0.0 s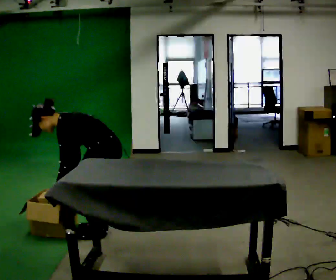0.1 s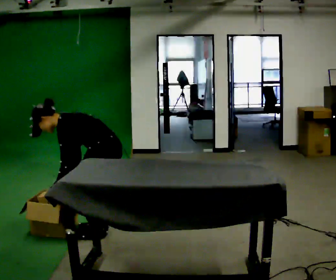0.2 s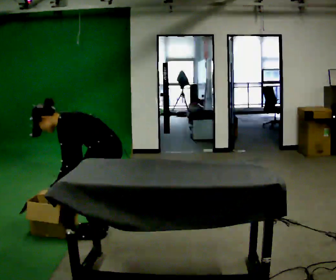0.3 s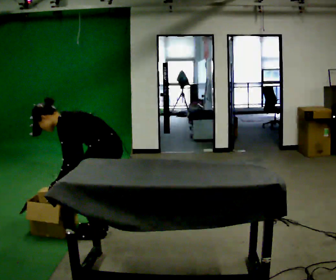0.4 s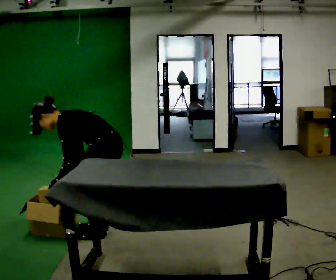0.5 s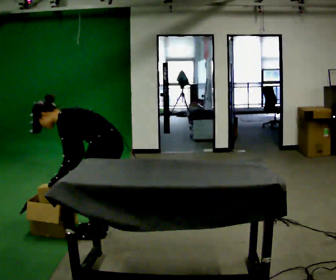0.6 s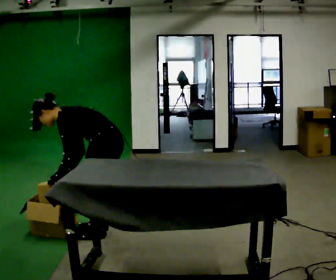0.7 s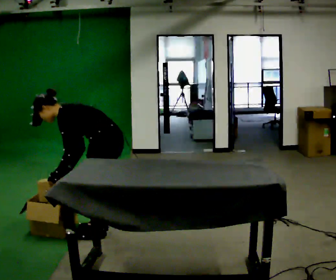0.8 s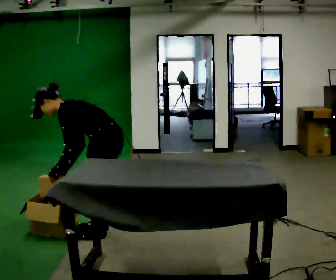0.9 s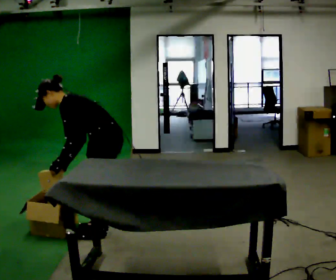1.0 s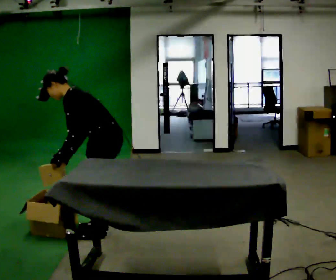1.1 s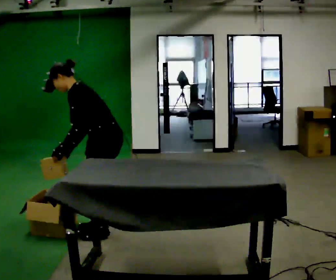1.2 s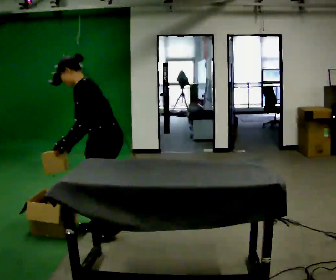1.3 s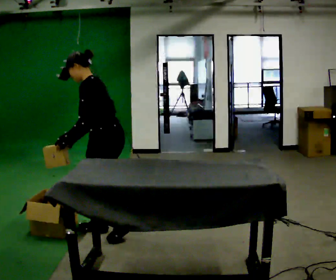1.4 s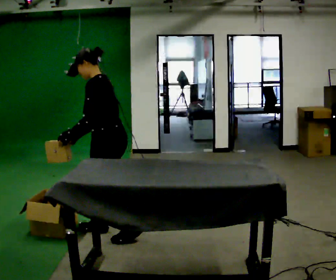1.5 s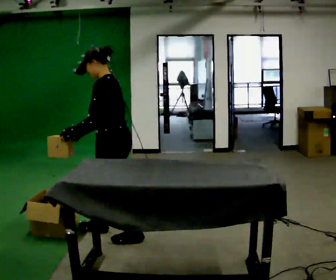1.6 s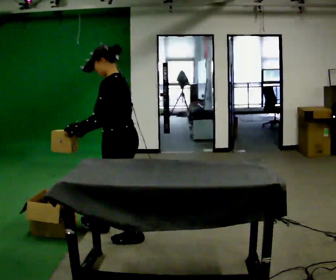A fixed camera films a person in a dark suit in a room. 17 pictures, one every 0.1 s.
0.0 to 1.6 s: The upper body goes upward. In the picture the upper body tilts clockwise, shoulders to the right, as they lean back or straighten. In the picture their left hand goes upward.
The film runs backward here.
